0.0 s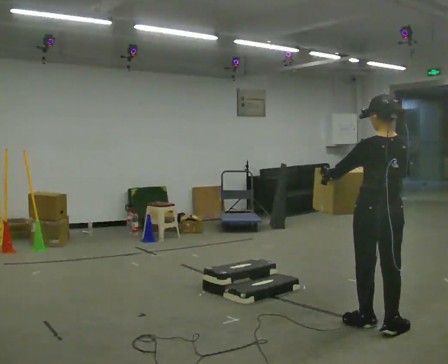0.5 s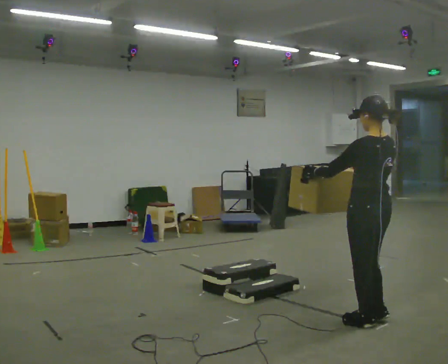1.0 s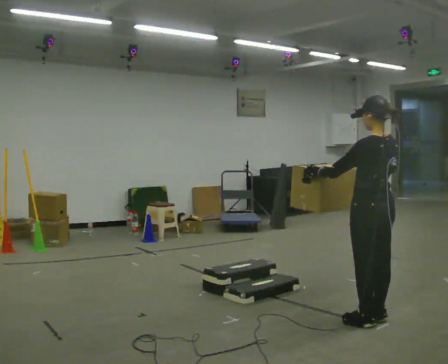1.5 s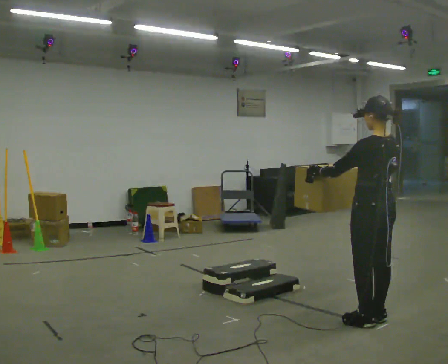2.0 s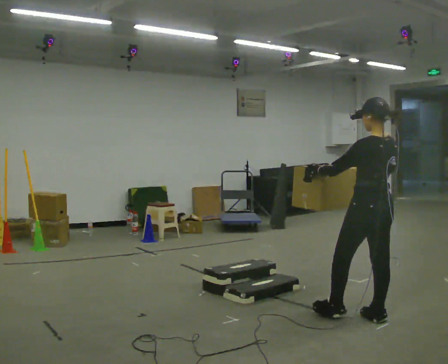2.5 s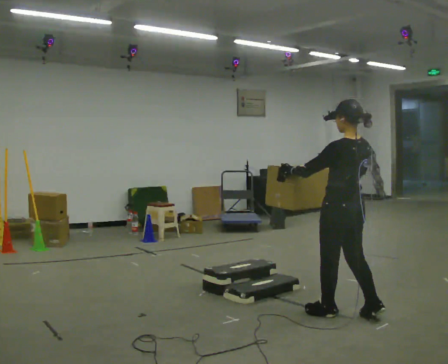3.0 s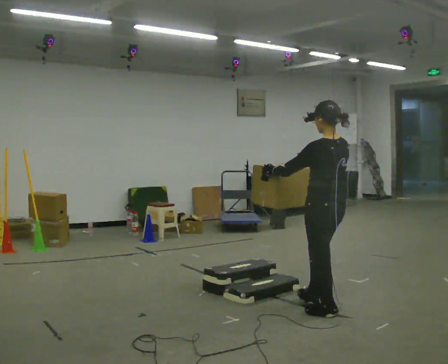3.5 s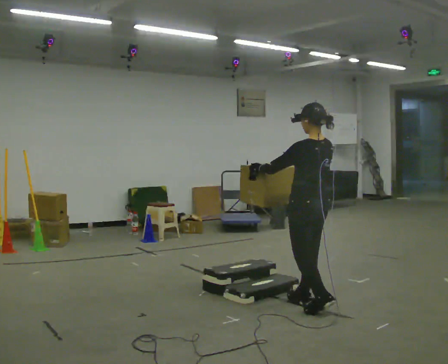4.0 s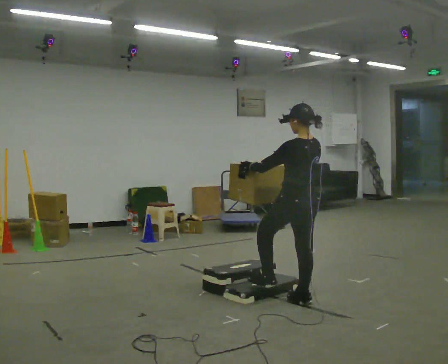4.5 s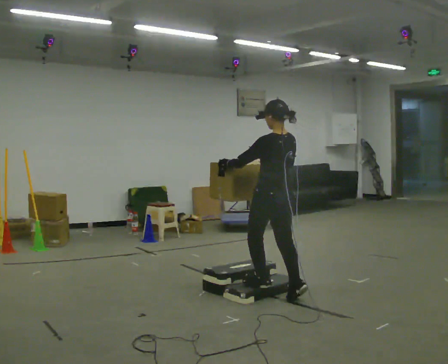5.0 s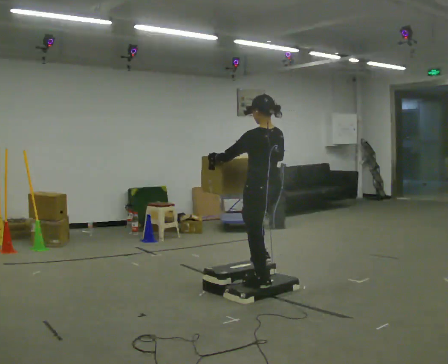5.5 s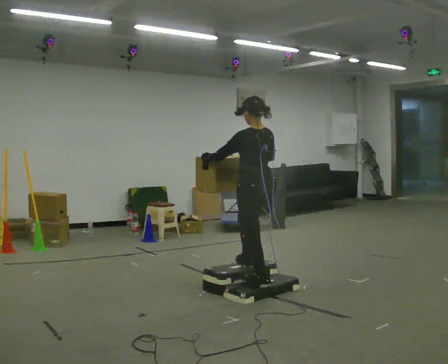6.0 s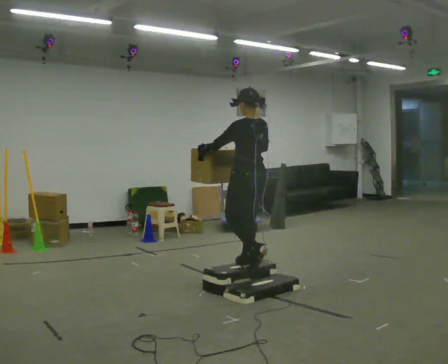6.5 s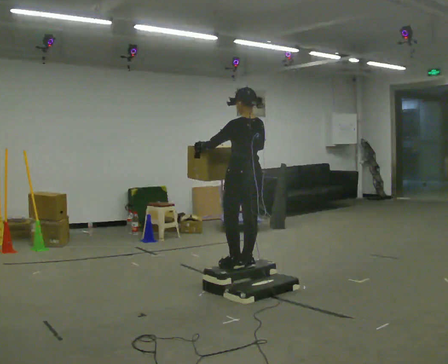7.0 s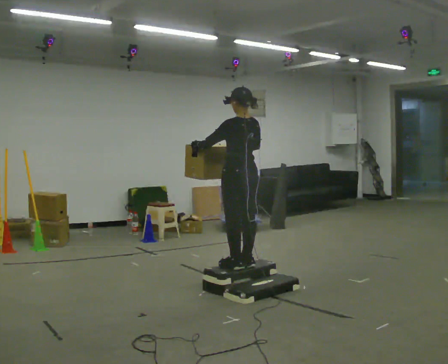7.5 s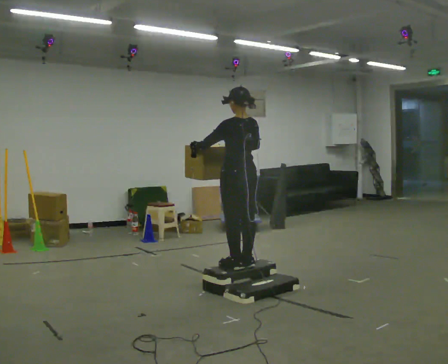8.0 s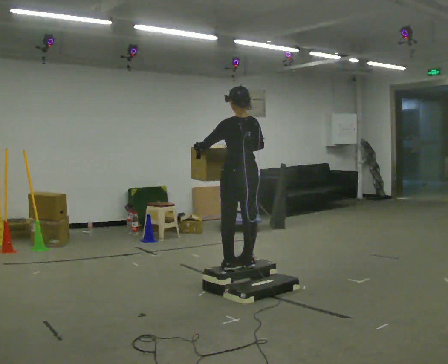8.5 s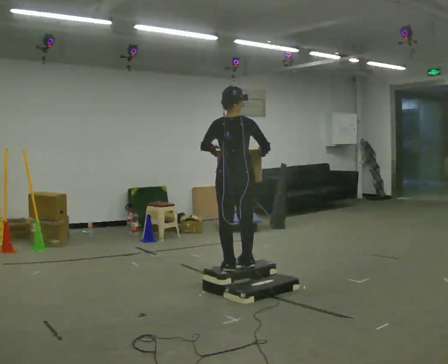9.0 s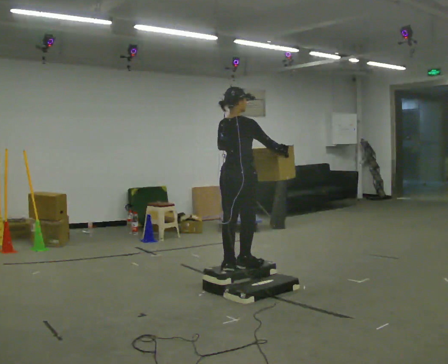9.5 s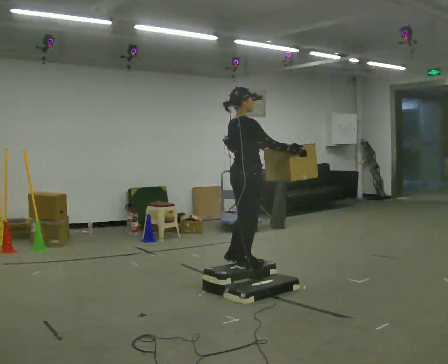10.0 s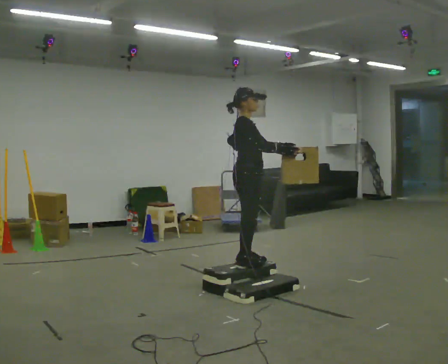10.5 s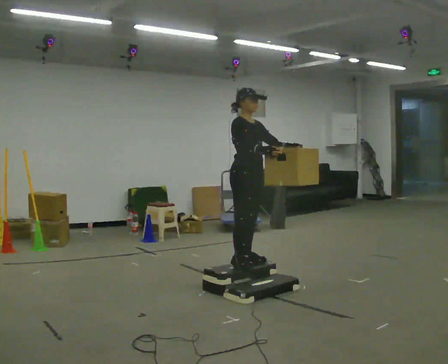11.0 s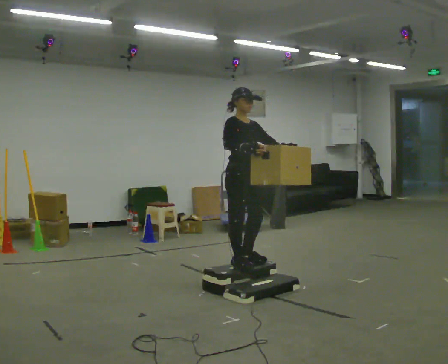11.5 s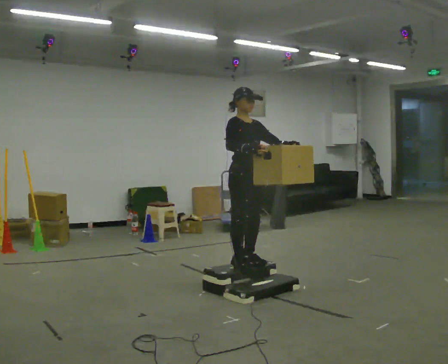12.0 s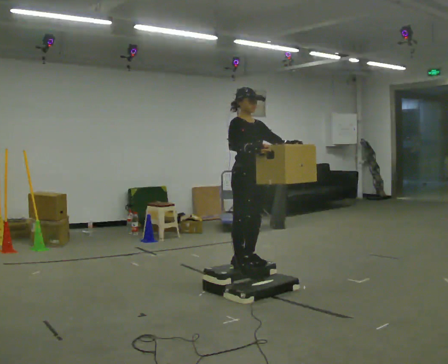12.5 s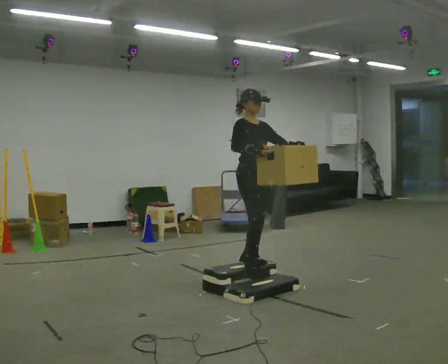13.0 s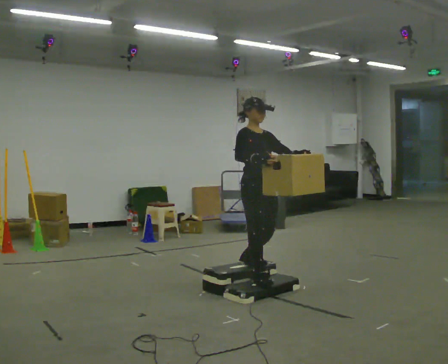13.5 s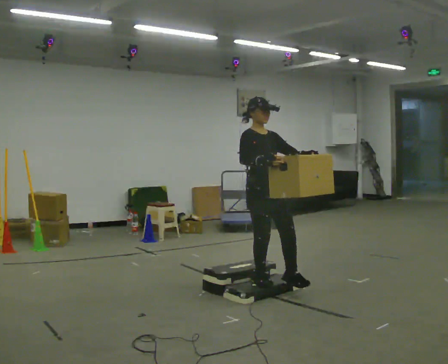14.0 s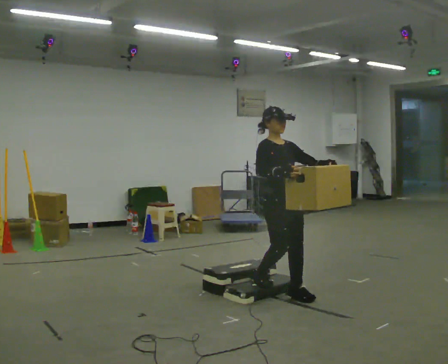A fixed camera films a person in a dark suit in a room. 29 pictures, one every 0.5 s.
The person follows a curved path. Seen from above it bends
clockwise.
0.0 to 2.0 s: In the picture they go away from the camera, about 0.25 m in 1 step, which for them is forward.
2.0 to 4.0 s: In the picture they go away from the camera and to the left, about 0.5 m in 2 steps, which for them is forward.
4.0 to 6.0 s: In the picture they go away from the camera and to the left, about 0.5 m in 2 steps, which for them is forward. The shoulders move upward.
6.0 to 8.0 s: The person moves a little, or ends about where they began.
8.0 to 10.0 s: The part of the body nearest the lens slides to the left as the person turns to their right by about 120 degrees. In the picture their left hand goes to the right.
10.0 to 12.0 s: Seen from above the body turns clockwise, about 45 degrees: to their right, with its near side sliding to the left.
12.0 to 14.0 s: In the picture they go toward the camera and to the right, about 0.5 m in 2 steps, which for them is forward. The upper body goes downward.
The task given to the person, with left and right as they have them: Carry the box up the three steps, turn at the top, and carry it back down. Use the handrail only if you need it. Keep going until the operator says stop; one object at a time, and do not rush between trips.
The film runs forward here.
